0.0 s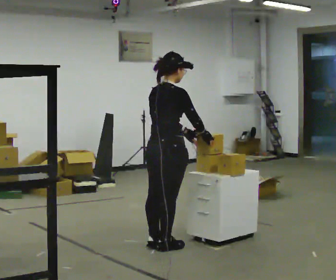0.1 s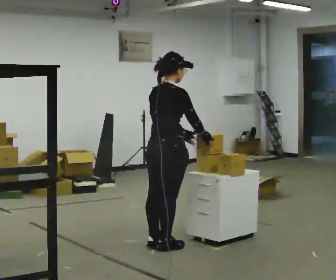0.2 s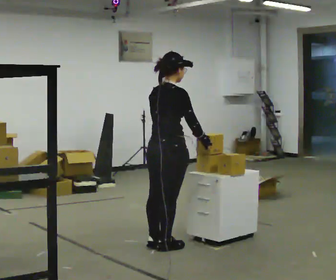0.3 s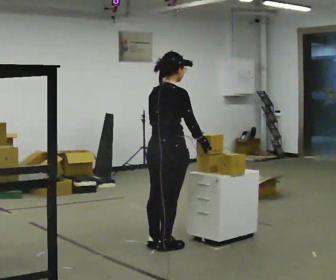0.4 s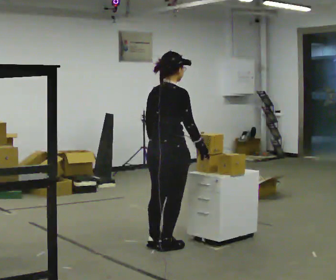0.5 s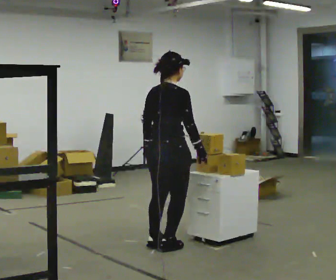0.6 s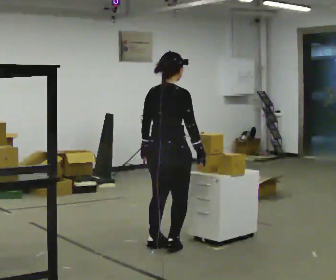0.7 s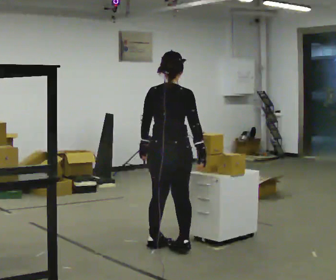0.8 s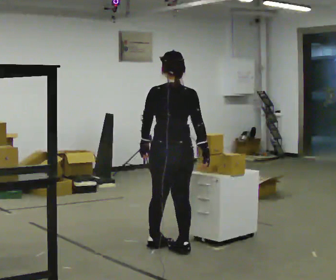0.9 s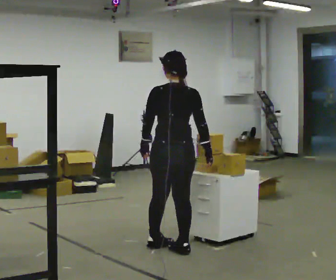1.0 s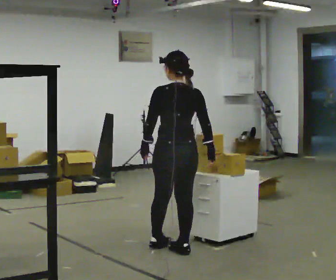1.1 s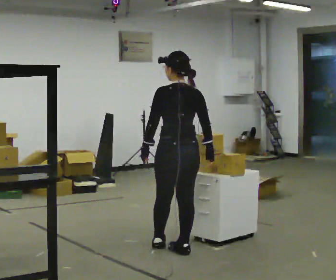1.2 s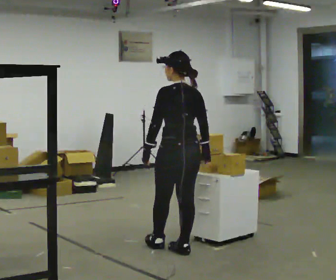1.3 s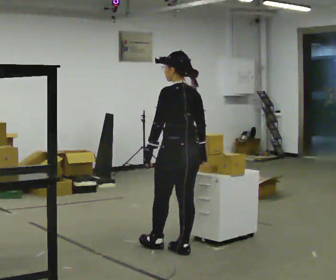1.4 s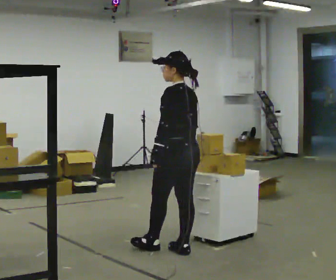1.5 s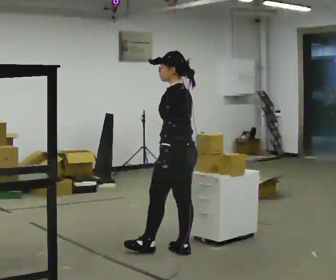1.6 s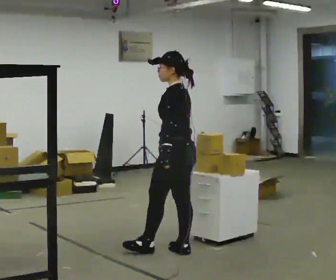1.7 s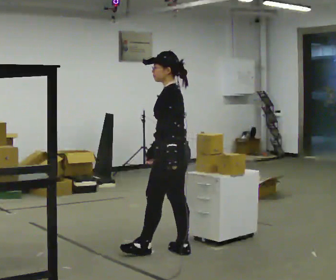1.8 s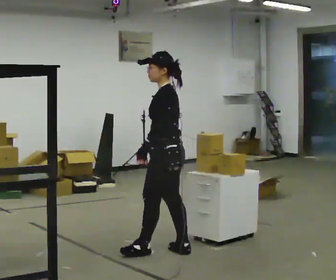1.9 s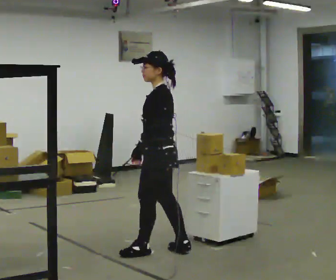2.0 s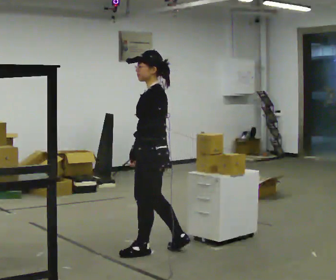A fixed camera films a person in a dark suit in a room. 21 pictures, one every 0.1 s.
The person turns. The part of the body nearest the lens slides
to the right.
The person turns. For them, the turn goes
to their left.
0.0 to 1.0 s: The part of the body nearest the lens slides to the right as the person turns to their left by about 60 degrees. In the picture their left hand goes to the left, the arm swinging clockwise.
1.0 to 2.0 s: The person turns about 75 degrees to their left, counterclockwise seen from above, so the part of the body nearest the lens slides to the right. In the picture they go to the left, about 0.25 m in 1 step.
The film runs forward here.
